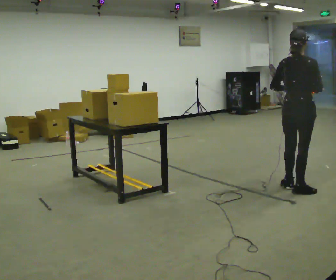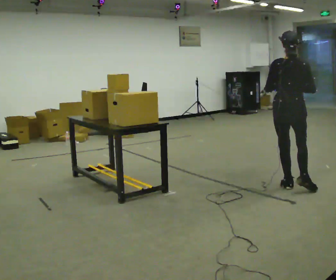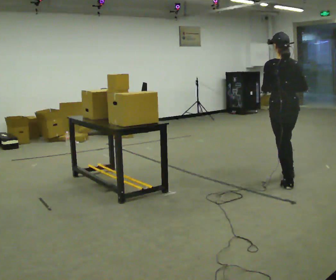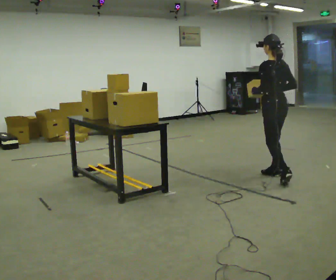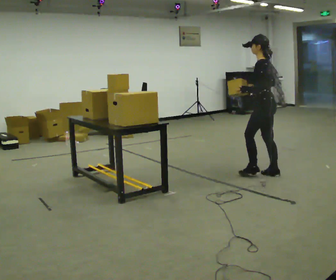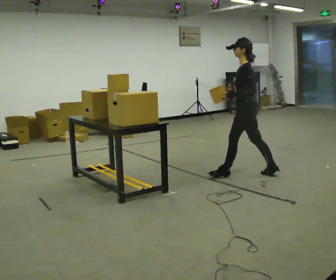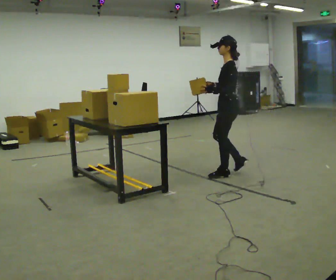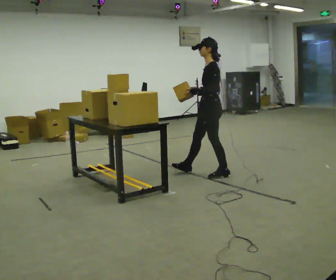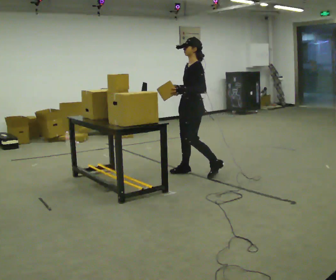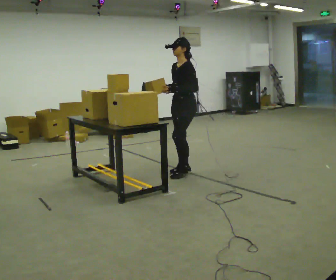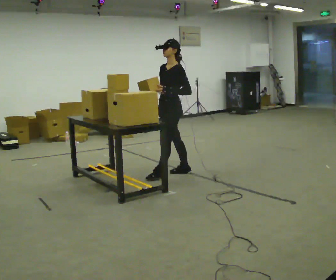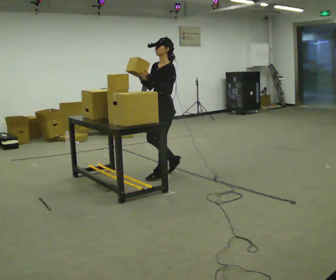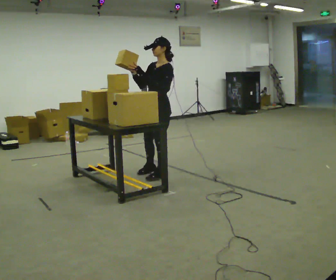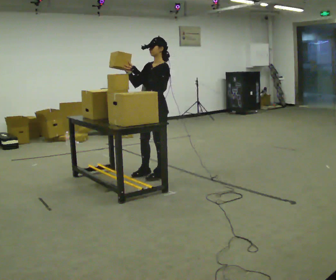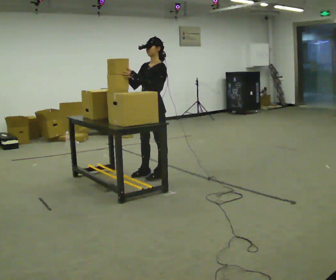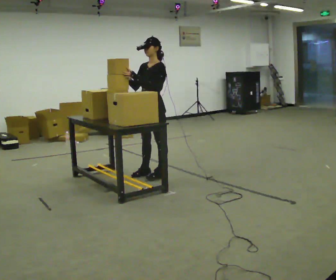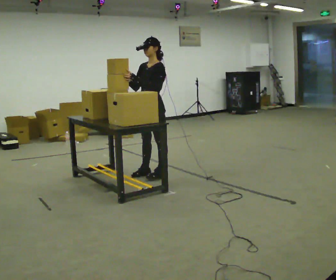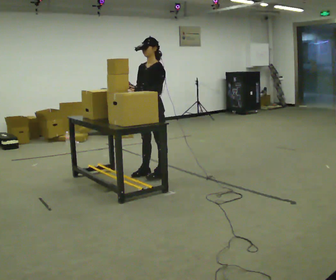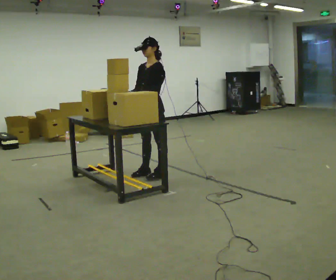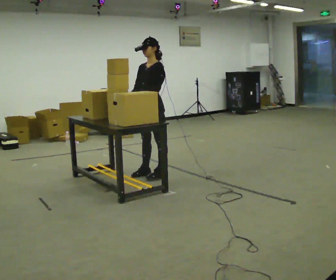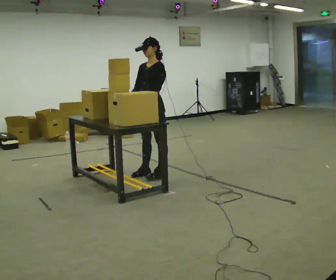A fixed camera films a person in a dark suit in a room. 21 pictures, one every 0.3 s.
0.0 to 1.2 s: The part of the body nearest the lens slides to the right as the person turns to their left by about 105 degrees. In the picture they go away from the camera, about 0.5 m in 1 step.
1.2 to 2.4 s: The part of the body nearest the lens slides to the right as the person turns to their left by about 45 degrees. In the picture they go to the left and away from the camera, about 1 m in 2 steps, which for them is forward.
2.4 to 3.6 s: In the picture they go to the left, about 0.5 m in 1 step, which for them is forward.
3.6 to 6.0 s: The person moves a little, or ends about where they began.
The film runs forward here.
